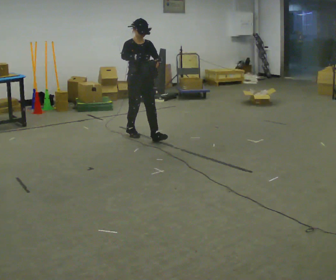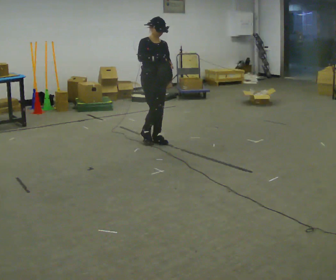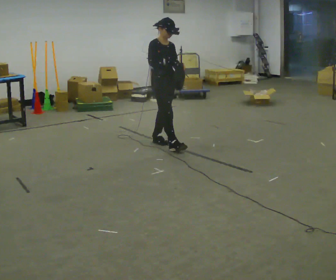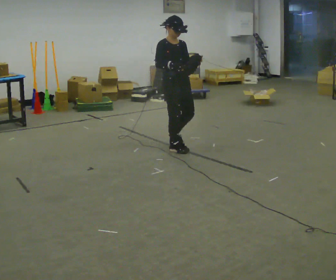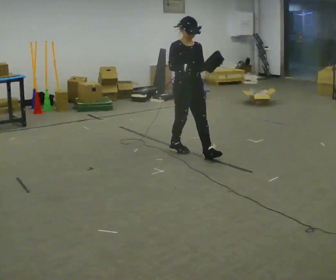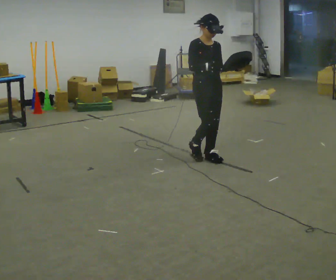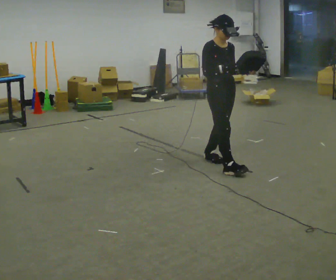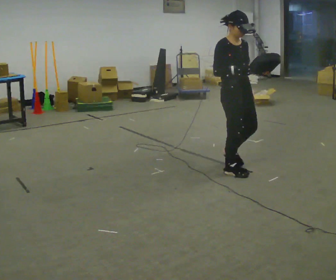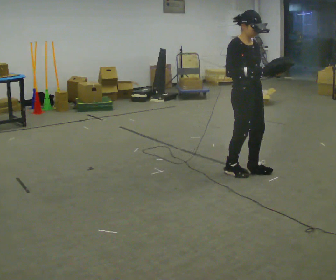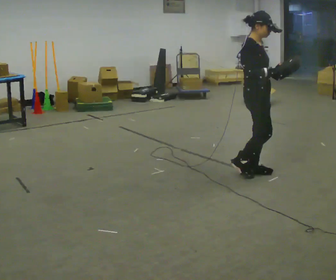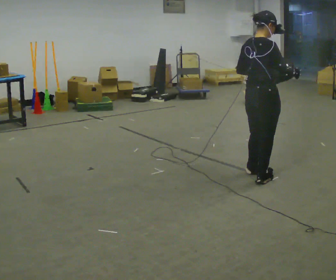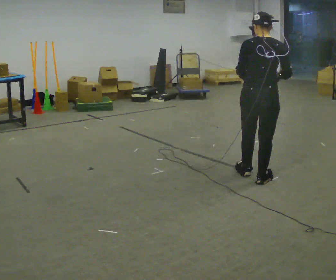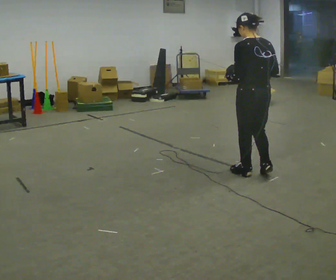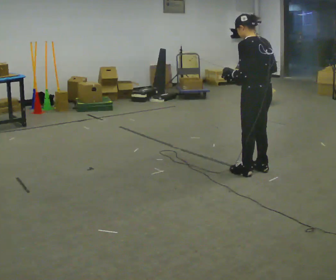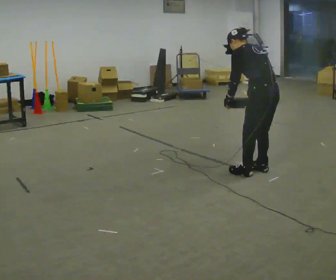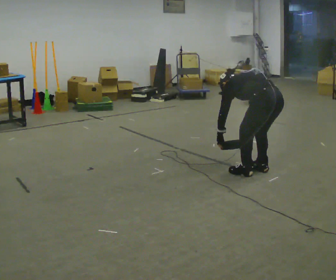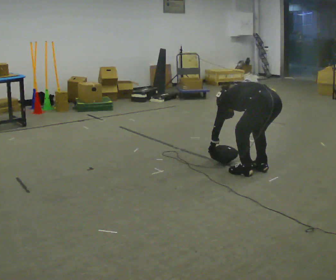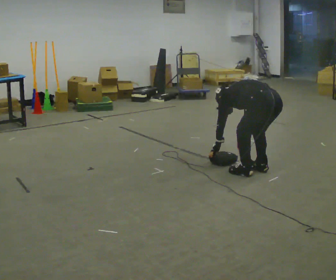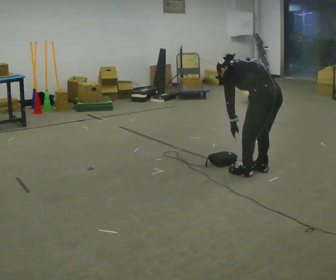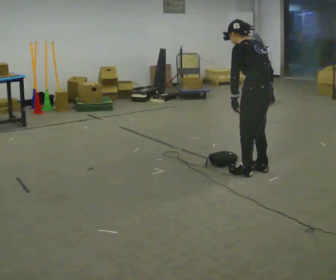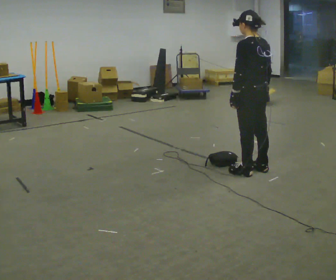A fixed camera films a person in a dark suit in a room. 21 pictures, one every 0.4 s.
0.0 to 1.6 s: In the picture they go toward the camera and to the right, about 1 m in 2 steps, which for them is forward.
1.6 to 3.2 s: In the picture they go toward the camera and to the right, about 1 m in 2 steps, which for them is forward.
3.2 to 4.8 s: The person turns about 165 degrees to their left, counterclockwise seen from above, so the part of the body nearest the lens slides to the right. In the picture their left hand goes to the left.
4.8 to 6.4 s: The shoulders move downward. The upper body tips away from the camera, its near side rolling upward, as they bend forward. In the picture their right hand goes downward.
6.4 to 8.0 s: The shoulders move upward. The upper body tips toward the camera, its near side rolling downward, as they lean back or straighten. In the picture their left hand goes upward.
The film runs forward here.
